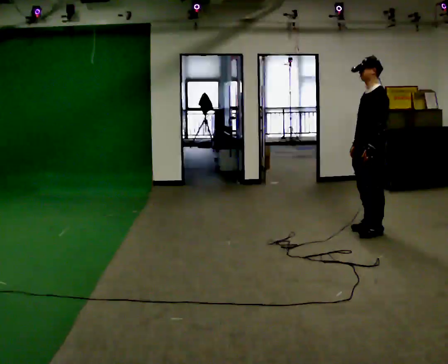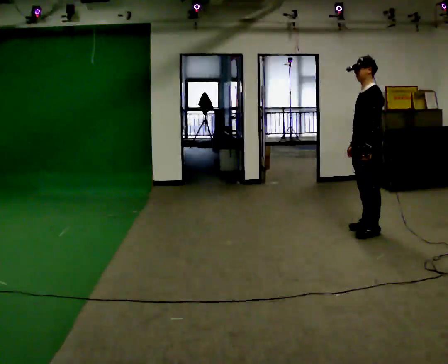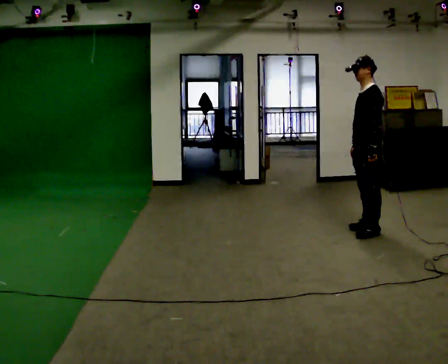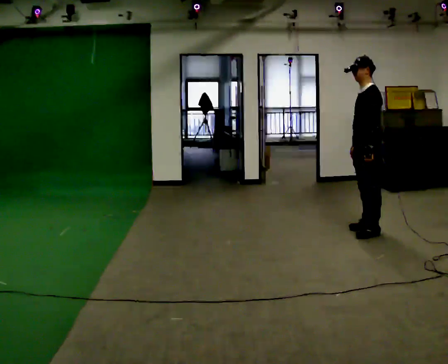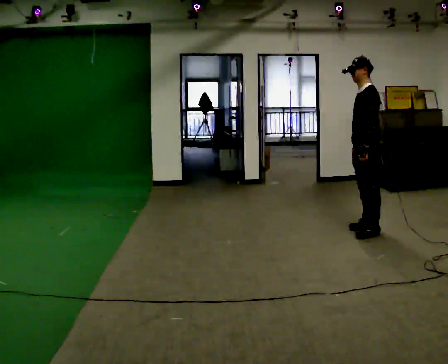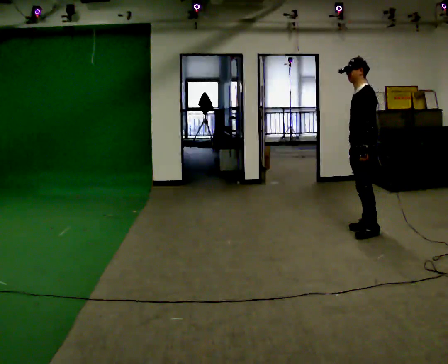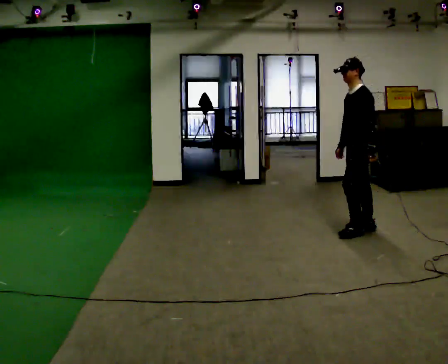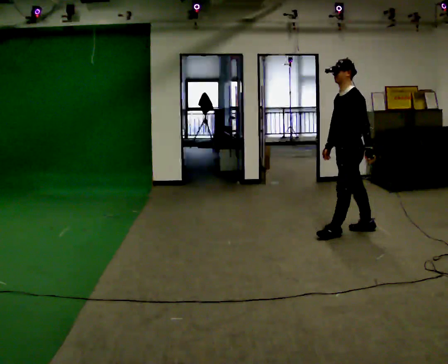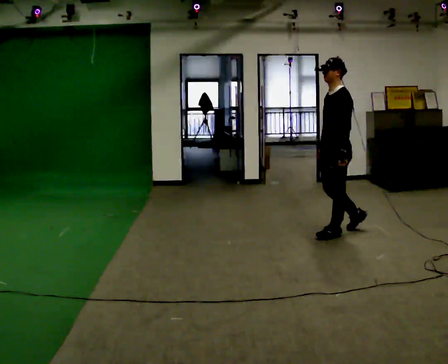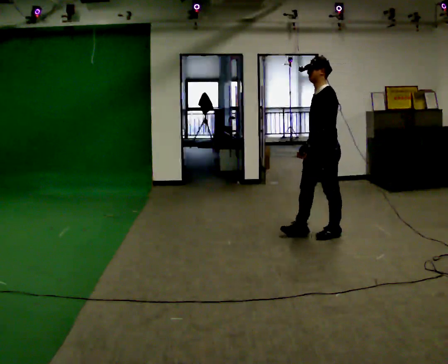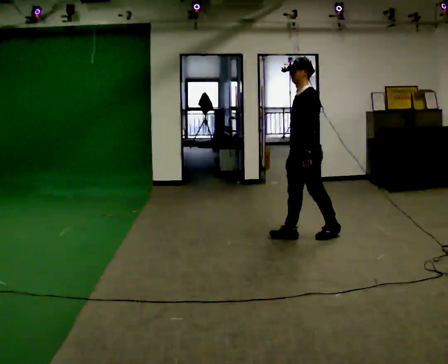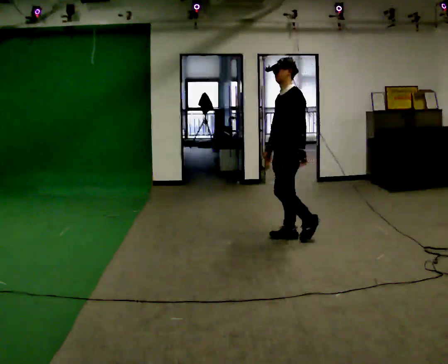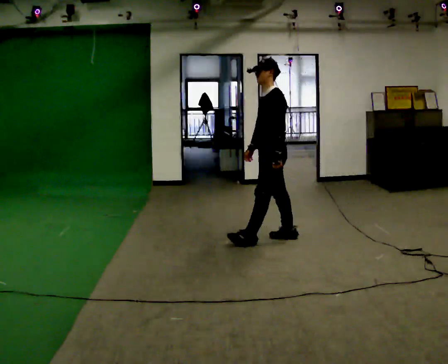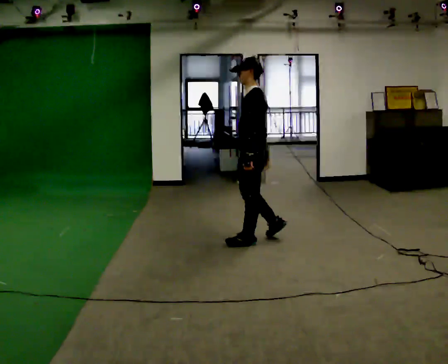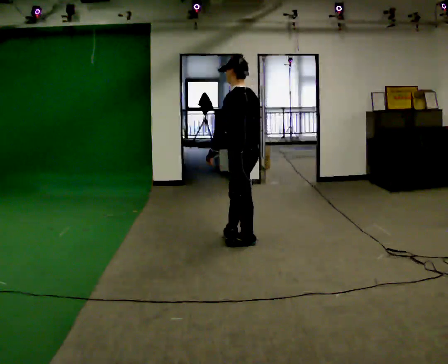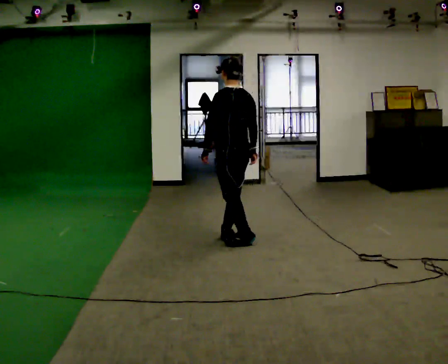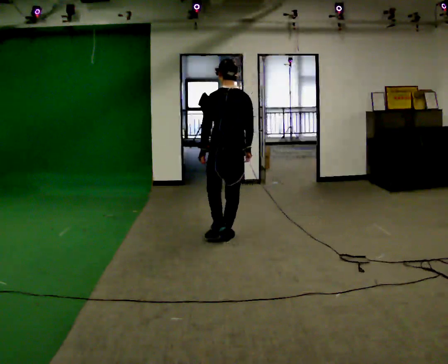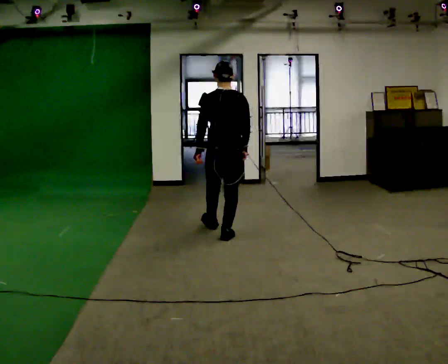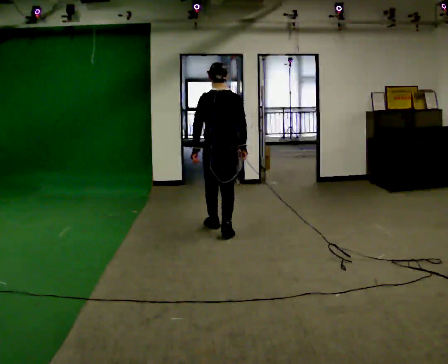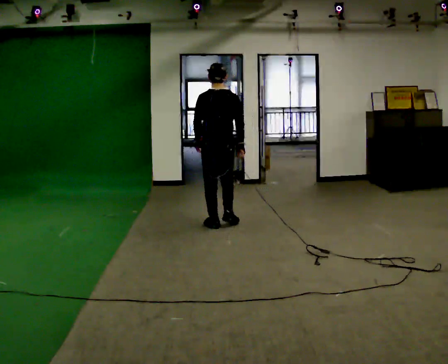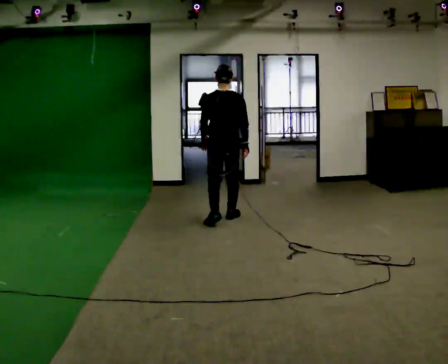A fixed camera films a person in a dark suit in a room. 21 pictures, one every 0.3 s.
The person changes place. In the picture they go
to the left.
The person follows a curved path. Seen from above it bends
clockwise.
0.0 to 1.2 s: The person moves a little, or ends about where they began.
1.2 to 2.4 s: In the picture they go to the left, about 0.25 m in 1 step, which for them is forward.
2.4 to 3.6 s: In the picture they go to the left, about 0.5 m in 1 step, which for them is forward.
3.6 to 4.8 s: Seen from above the body turns clockwise, about 75 degrees: to their right, with its near side sliding to the left. In the picture they go to the left, about 0.5 m in 2 steps.
4.8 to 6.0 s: In the picture they go away from the camera, about 0.5 m in 2 steps, which for them is forward.
The film runs forward here.
